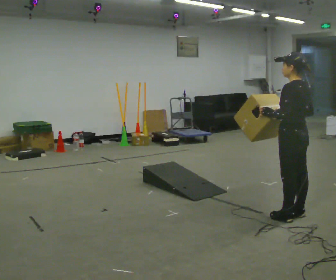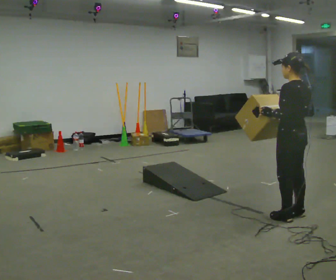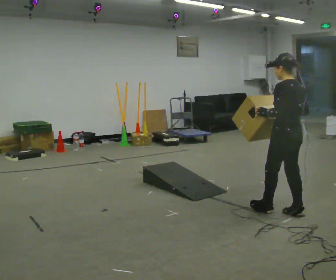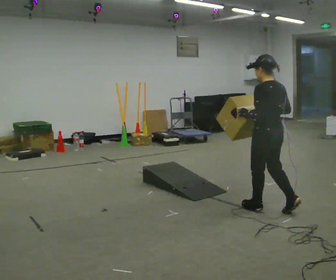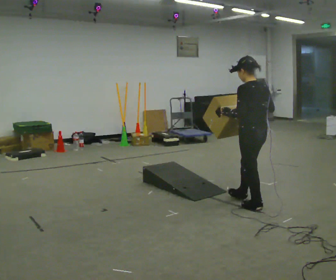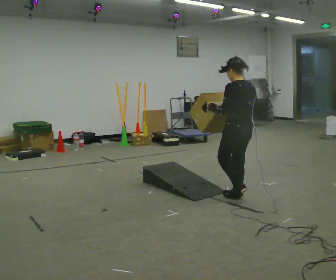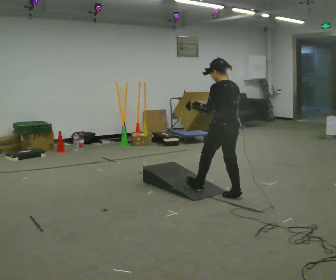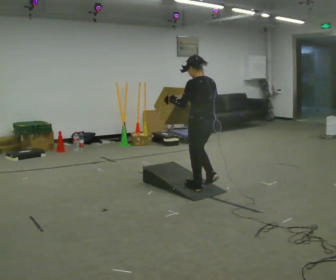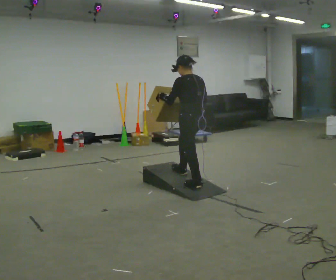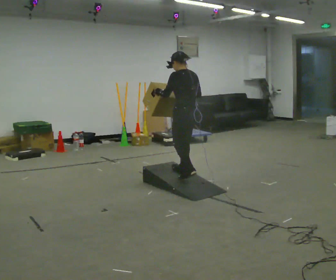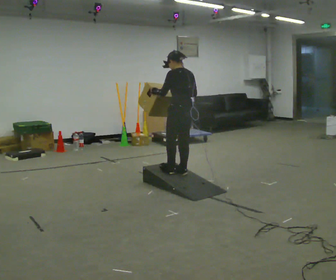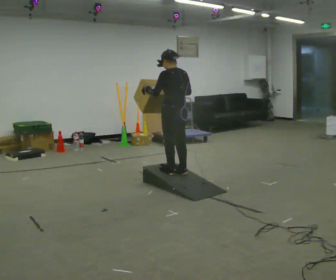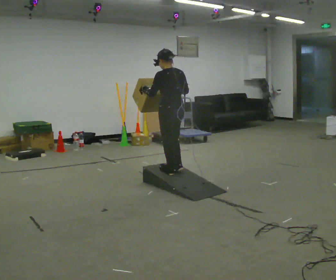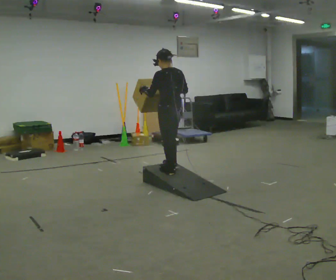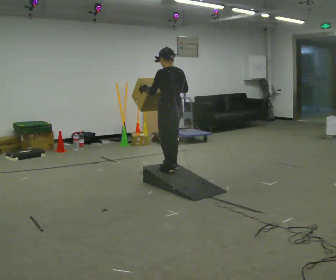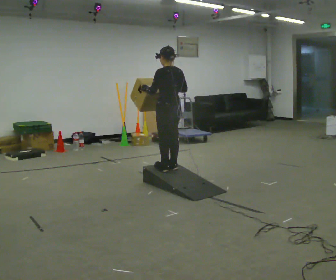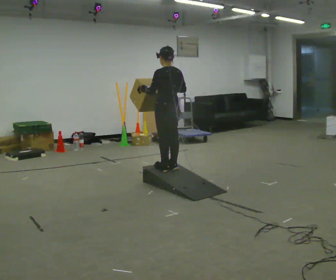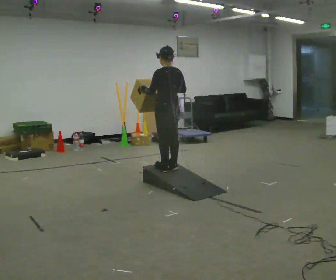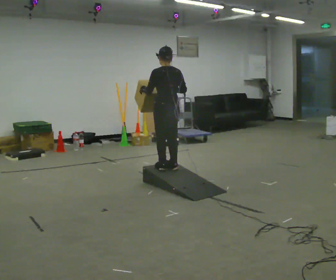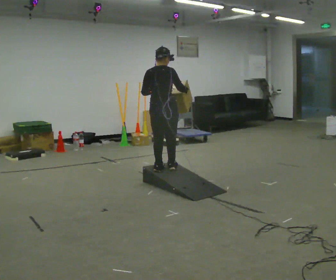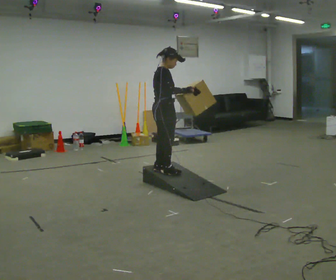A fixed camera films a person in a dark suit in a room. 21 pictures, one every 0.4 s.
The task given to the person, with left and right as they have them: Carry the box up the ramp, turn at the top, and carry it back down. Keep going until the operator says stop; one object at a time, and do not rush between trips.
0.0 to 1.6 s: In the picture they go away from the camera and to the left, about 0.5 m in 1 step, which for them is forward.
1.6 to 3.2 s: In the picture they go away from the camera and to the left, about 1 m in 3 steps, which for them is forward.
3.2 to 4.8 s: In the picture they go to the left and away from the camera, about 0.25 m in 1 step, which for them is forward.
4.8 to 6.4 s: The person moves a little, or ends about where they began.
6.4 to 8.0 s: The part of the body nearest the lens slides to the left as the person turns to their right by about 105 degrees.
The film runs forward here.
